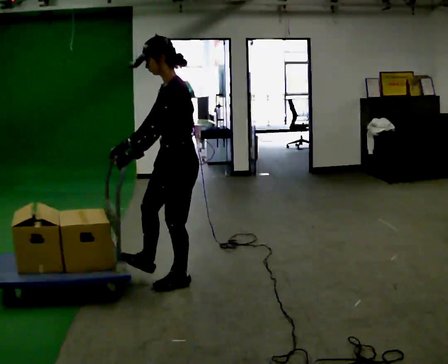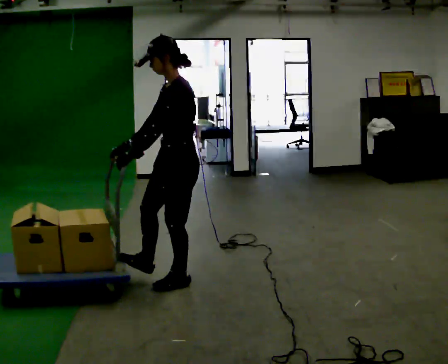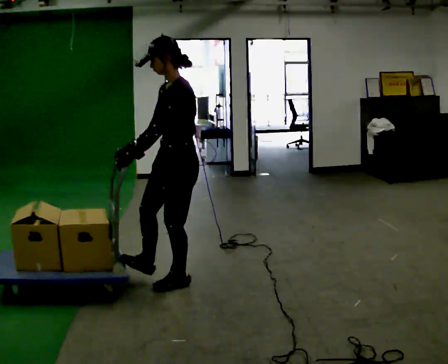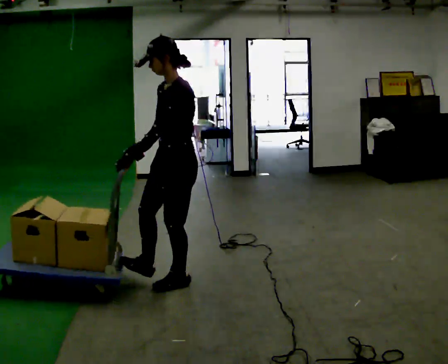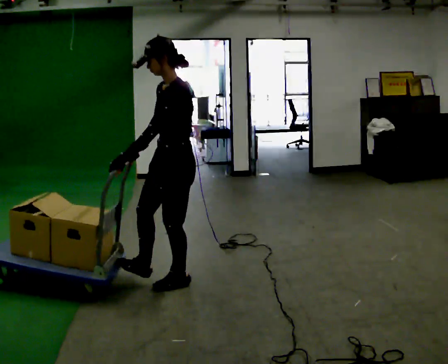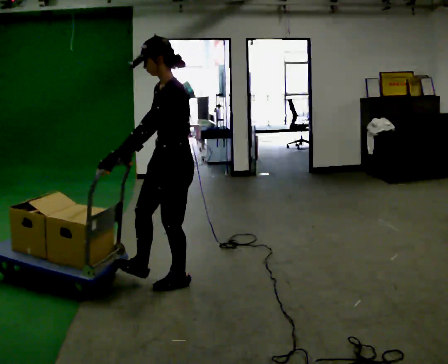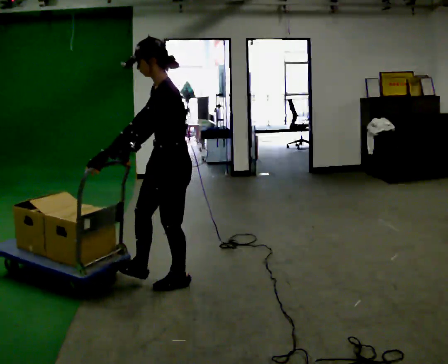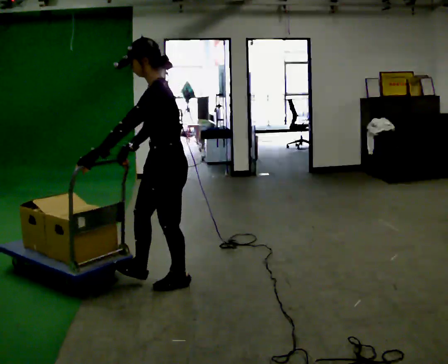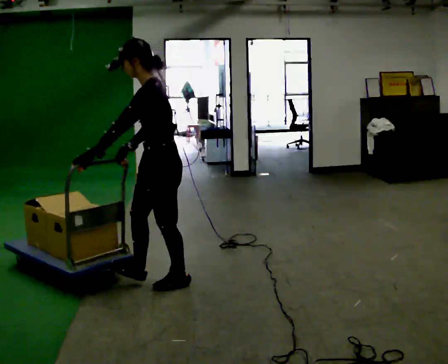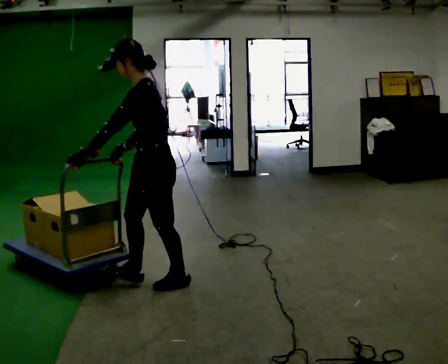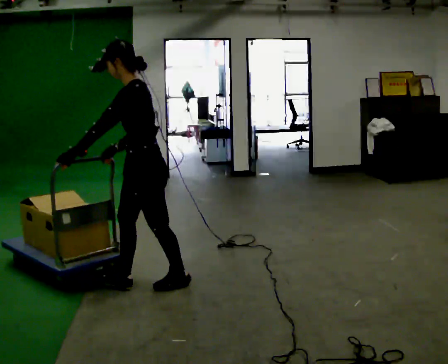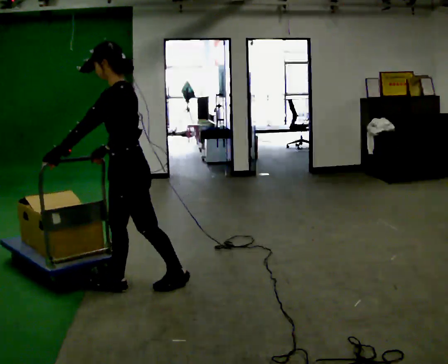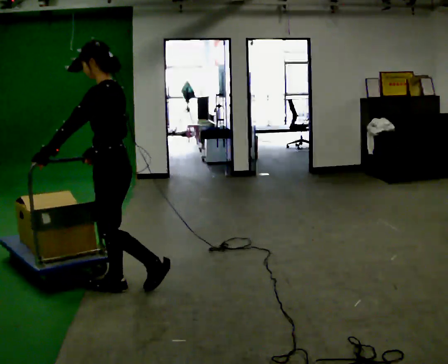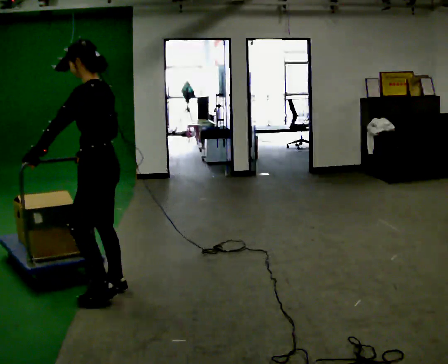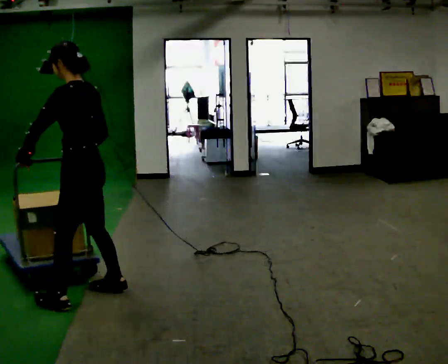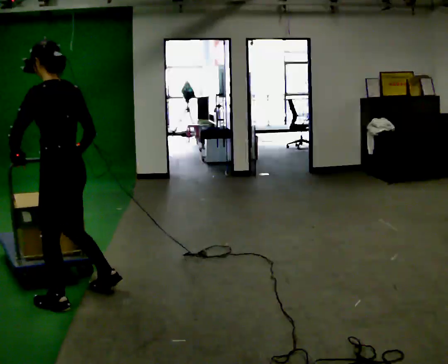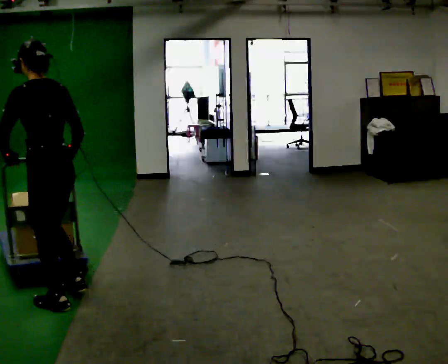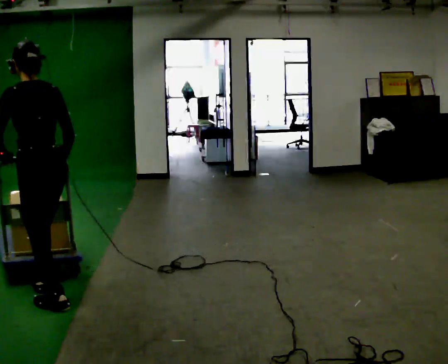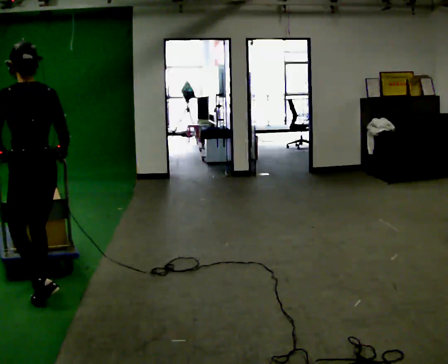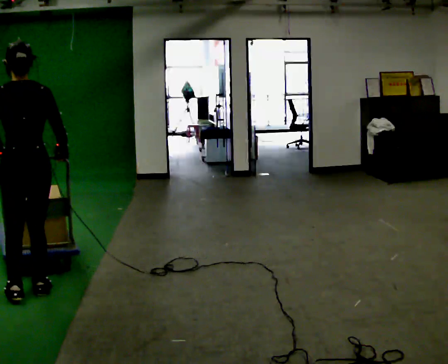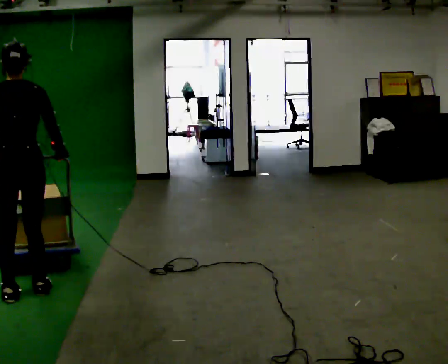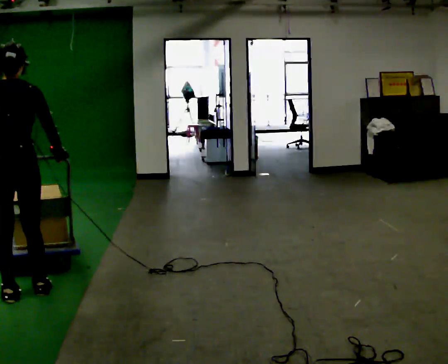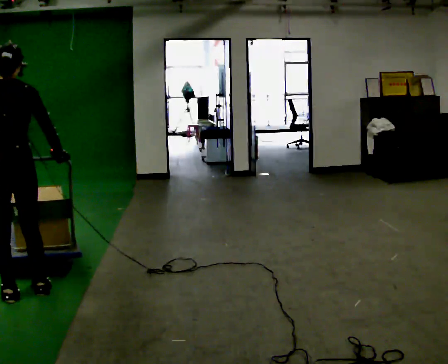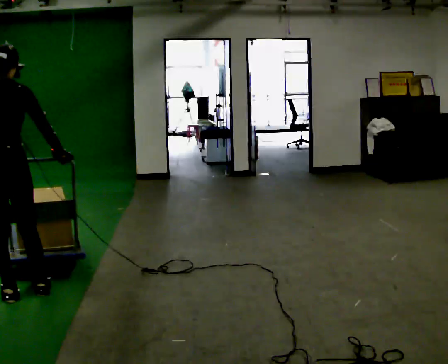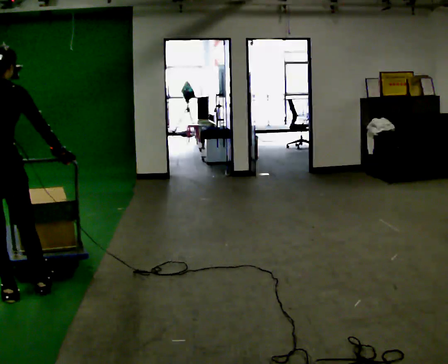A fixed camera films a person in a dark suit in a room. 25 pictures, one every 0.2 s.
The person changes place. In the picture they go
to the left.
Their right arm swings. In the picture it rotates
counterclockwise.
0.0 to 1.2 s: The person moves a little, or ends about where they began.
1.2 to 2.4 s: In the picture they go to the left, about 0.5 m in 1 step, which for them is forward.
2.4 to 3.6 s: Seen from above the body turns clockwise, about 45 degrees: to their right, with its near side sliding to the left. In the picture they go to the left, about 0.5 m in 2 steps, which for them is to their left and forward.
3.6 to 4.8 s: The part of the body nearest the lens slides to the left as the person turns to their right by about 45 degrees. In the picture they go to the left, about 0.25 m in 1 step, which for them is to their left.
The film runs forward here.
